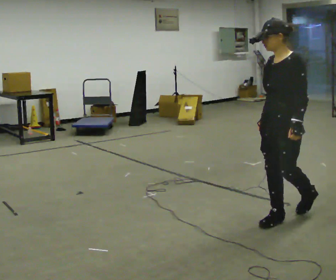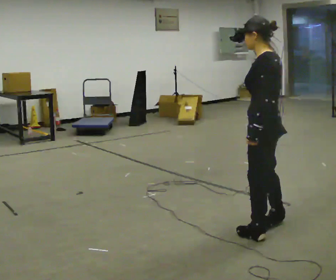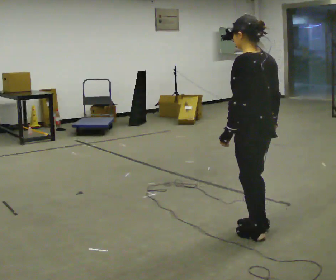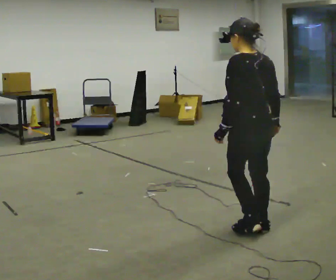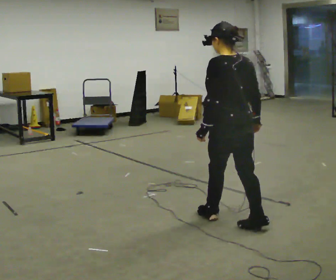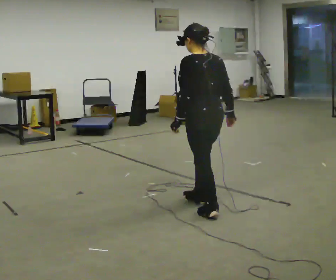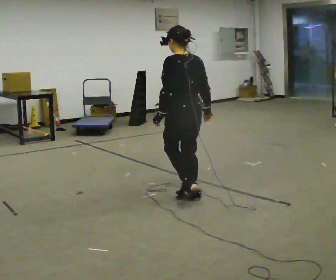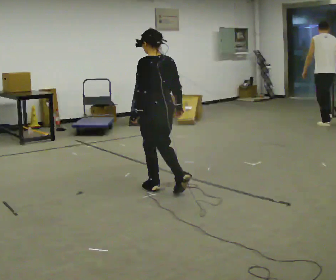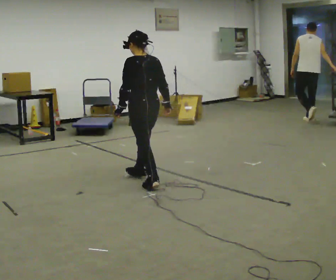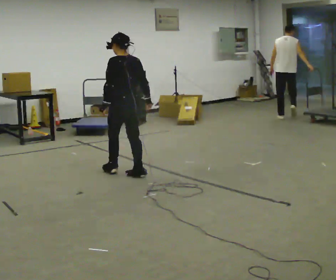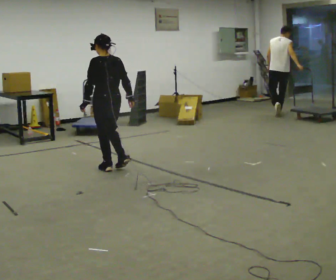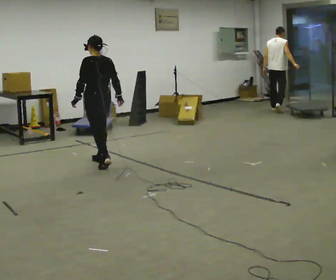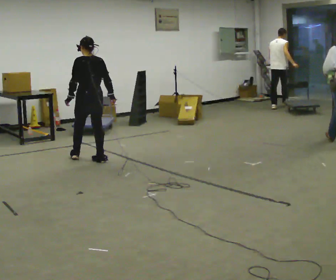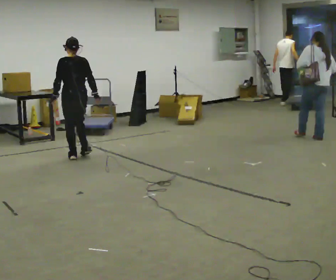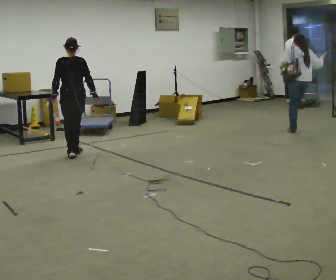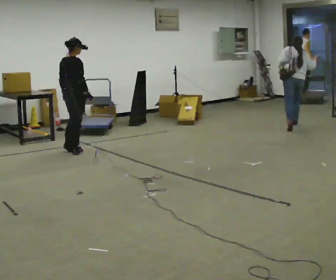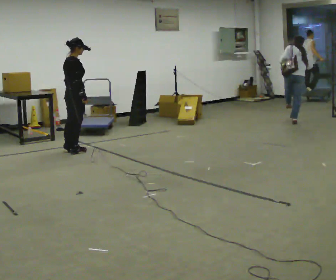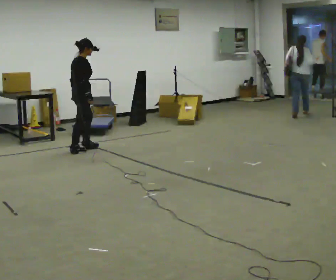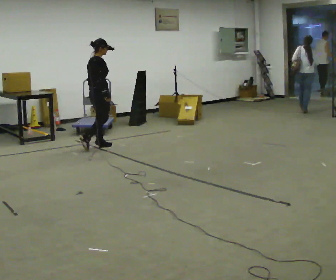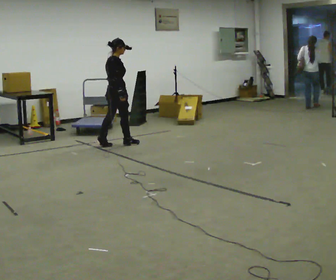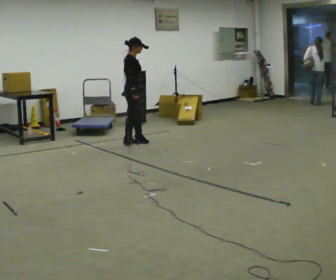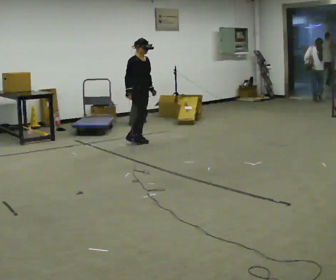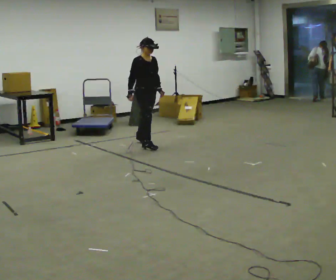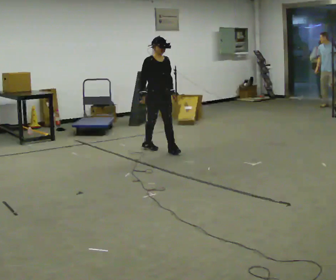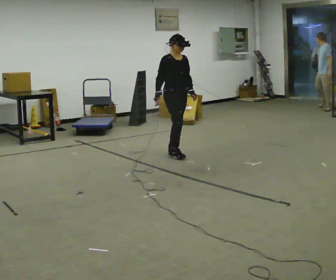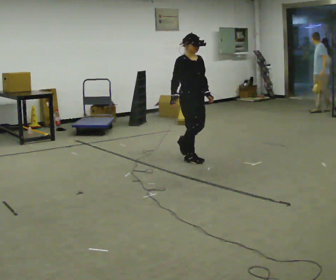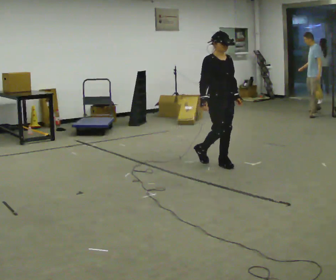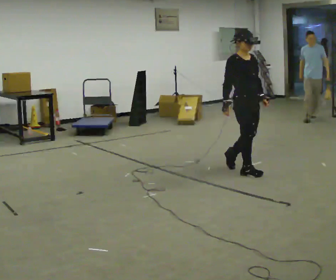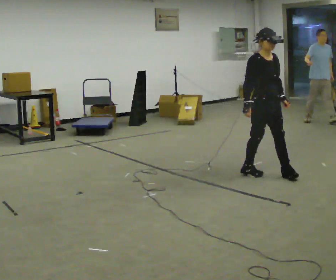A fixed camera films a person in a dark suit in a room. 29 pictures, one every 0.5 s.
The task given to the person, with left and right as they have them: Walk straight; turn around and walk back; use wide or tight turn.
0.0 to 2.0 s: Seen from above the body turns clockwise, about 90 degrees: to their right, with its near side sliding to the left. In the picture they go to the left, about 0.25 m in 3 steps.
2.0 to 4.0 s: In the picture they go away from the camera, about 1.5 m in 3 steps, which for them is forward.
4.0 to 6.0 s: In the picture they go away from the camera and to the left, about 1 m in 2 steps, which for them is forward.
6.0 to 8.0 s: The person turns about 90 degrees to their right, clockwise seen from above, so the part of the body nearest the lens slides to the left. In the picture they go away from the camera, about 0.5 m in 3 steps.
8.0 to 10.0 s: The person turns about 30 degrees to their right, clockwise seen from above, so the part of the body nearest the lens slides to the left. In the picture they go to the right and away from the camera, about 1 m in 3 steps, which for them is forward.
10.0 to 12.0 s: Seen from above the body turns clockwise, about 60 degrees: to their right, with its near side sliding to the left. In the picture they go toward the camera and to the right, about 1 m in 2 steps, which for them is forward.
12.0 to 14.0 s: In the picture they go toward the camera and to the right, about 1.5 m in 4 steps, which for them is forward.
The film runs forward here.
